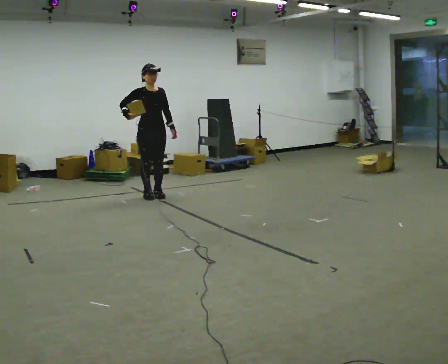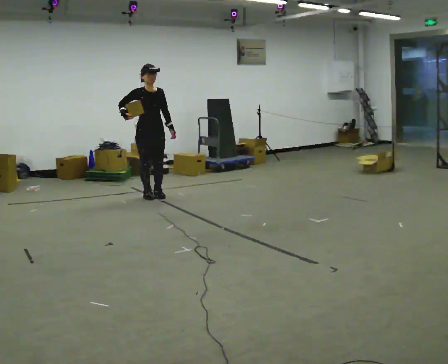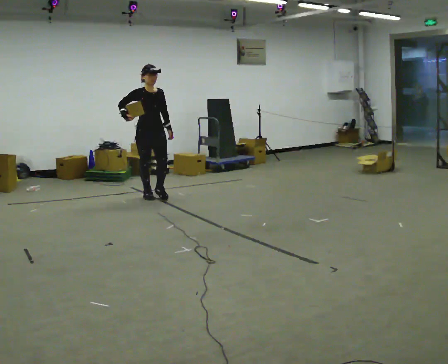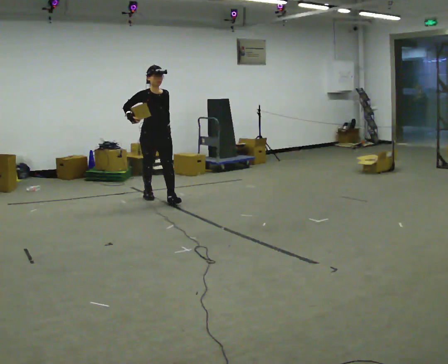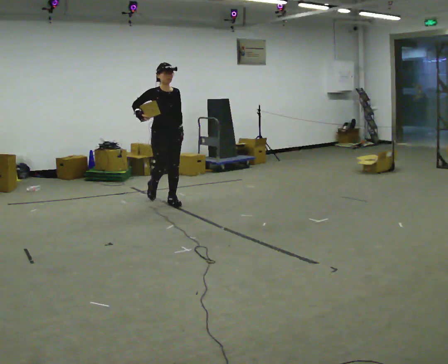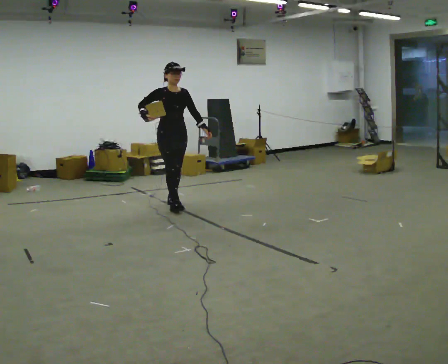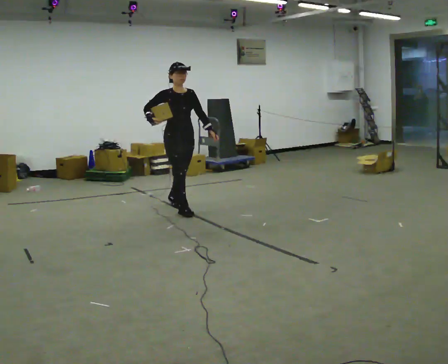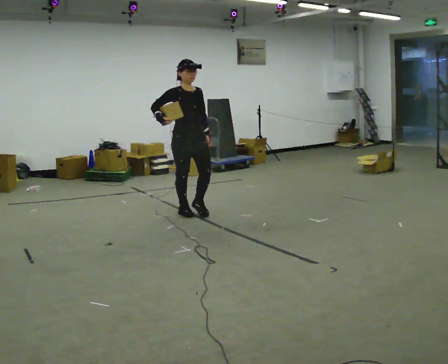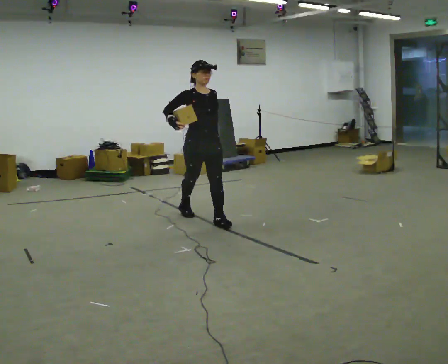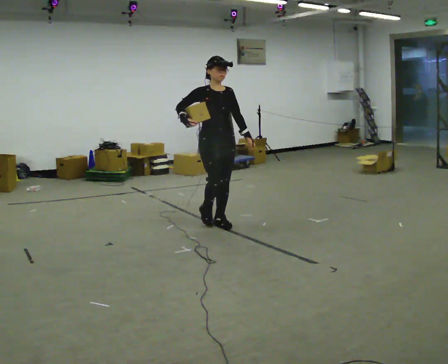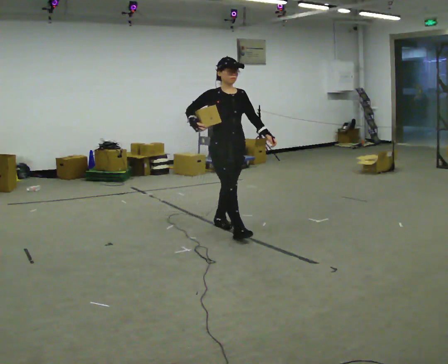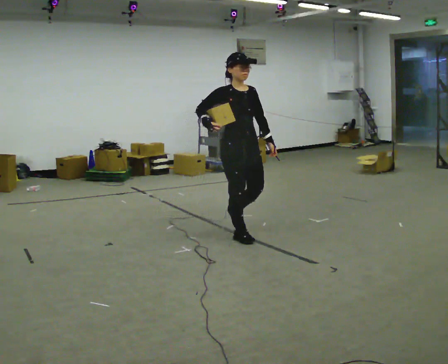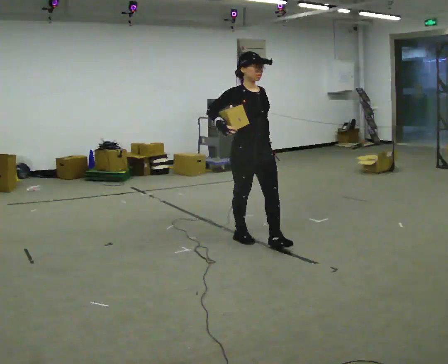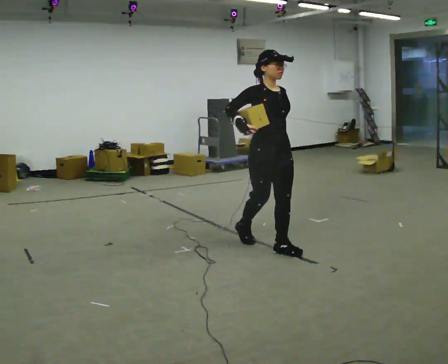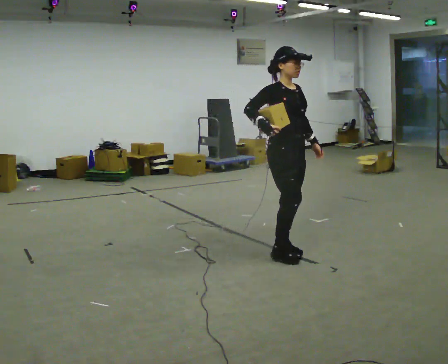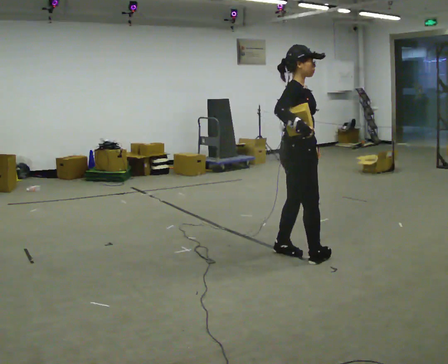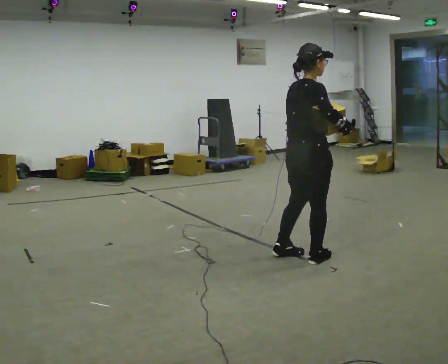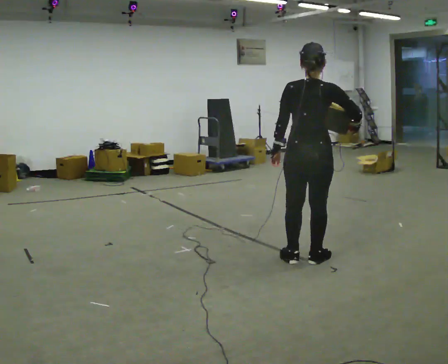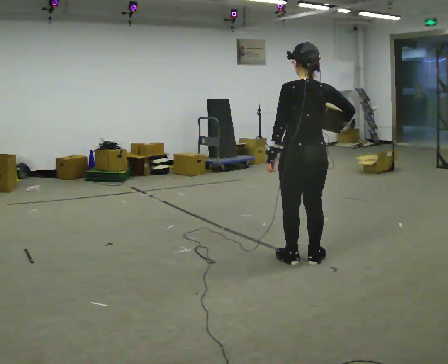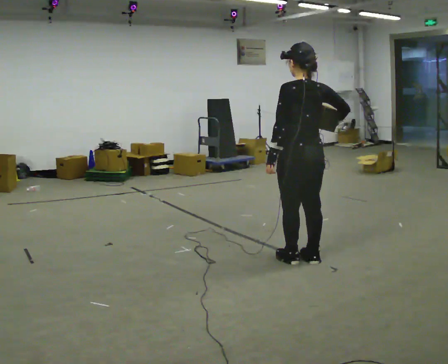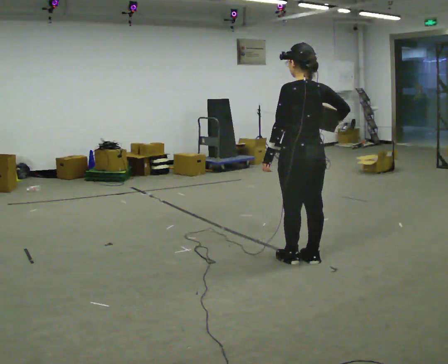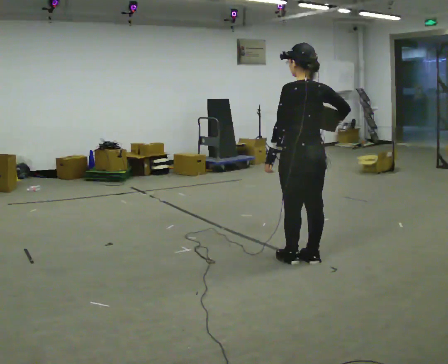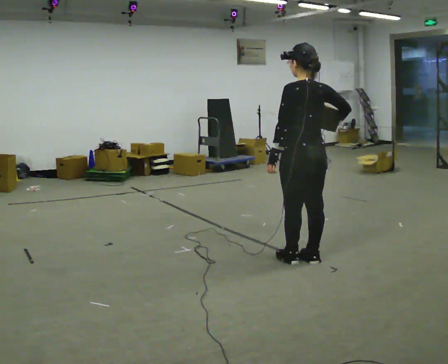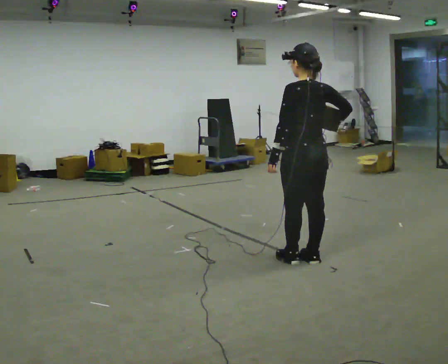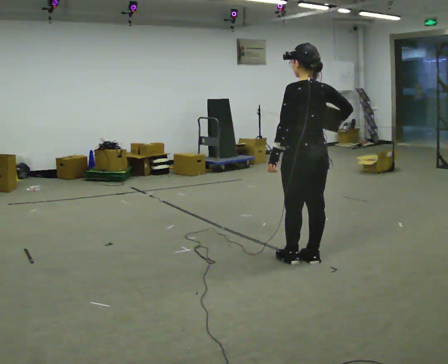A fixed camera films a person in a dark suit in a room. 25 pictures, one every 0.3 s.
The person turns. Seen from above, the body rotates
counterclockwise.
The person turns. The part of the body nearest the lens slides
to the right.
0.0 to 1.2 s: In the picture they go to the right and toward the camera, about 0.5 m in 1 step, which for them is forward.
1.2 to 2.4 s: In the picture they go to the right and toward the camera, about 1 m in 2 steps, which for them is forward.
2.4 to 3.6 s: In the picture they go toward the camera and to the right, about 1 m in 1 step, which for them is forward.
3.6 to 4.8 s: Seen from above the body turns counterclockwise, about 90 degrees: to their left, with its near side sliding to the right. In the picture they go to the right and toward the camera, about 0.5 m in 2 steps.
4.8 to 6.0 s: The person turns about 75 degrees to their left, counterclockwise seen from above, so the part of the body nearest the lens slides to the right.
6.0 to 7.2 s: The person moves a little, or ends about where they began.
The film runs forward here.
